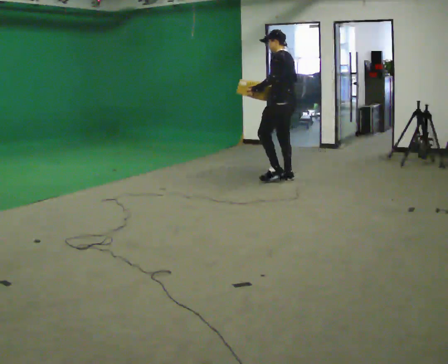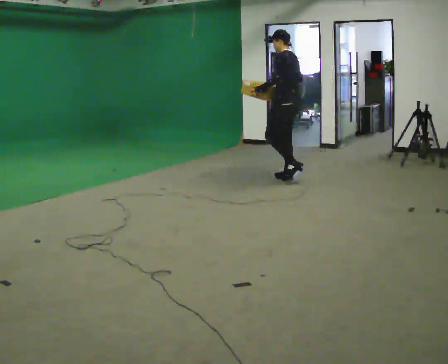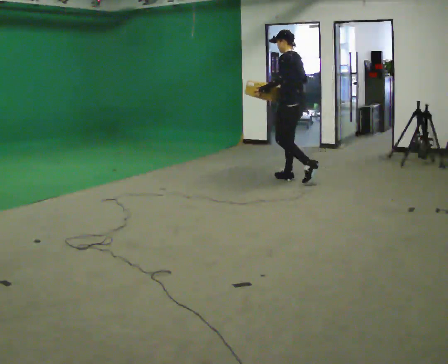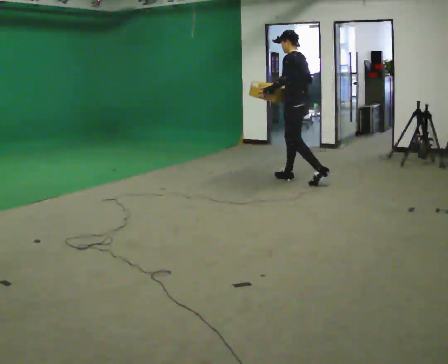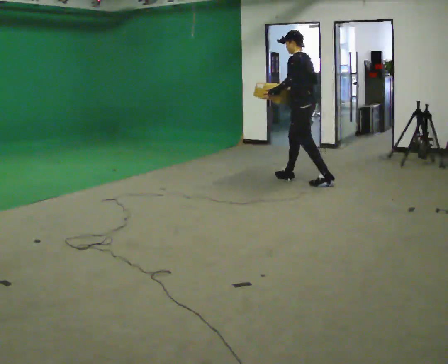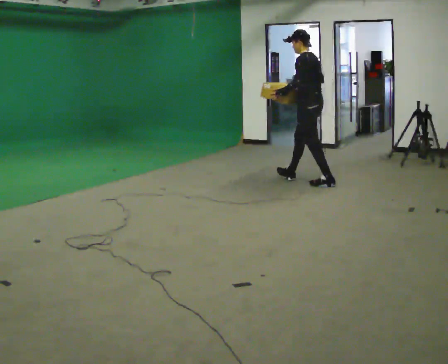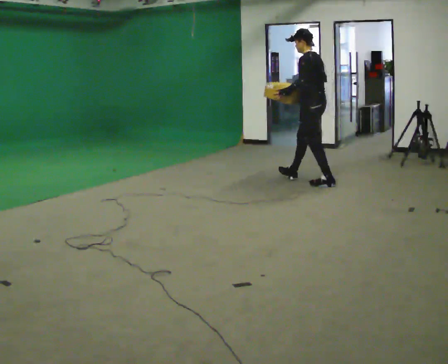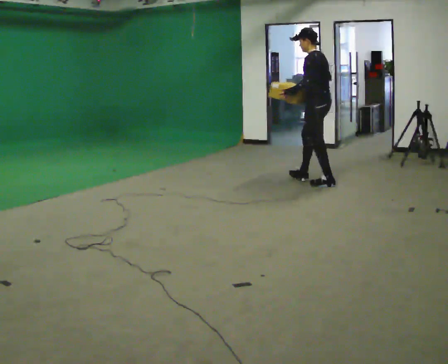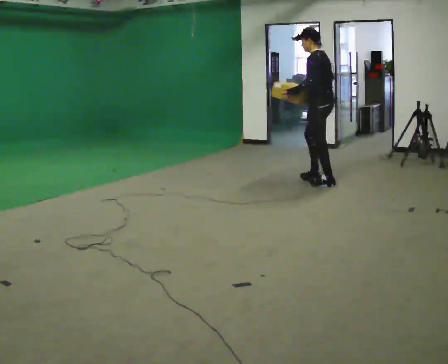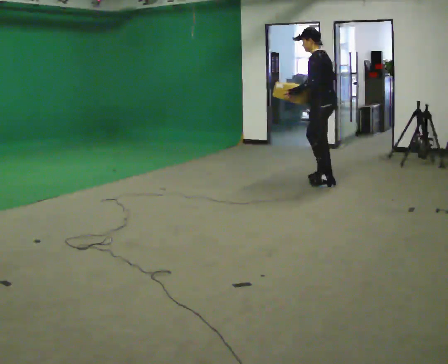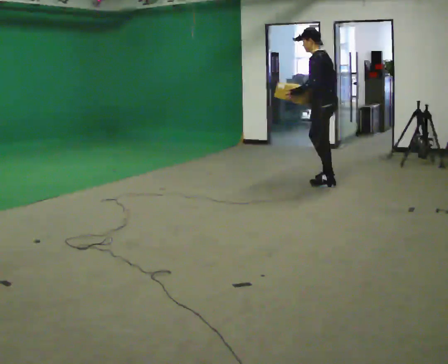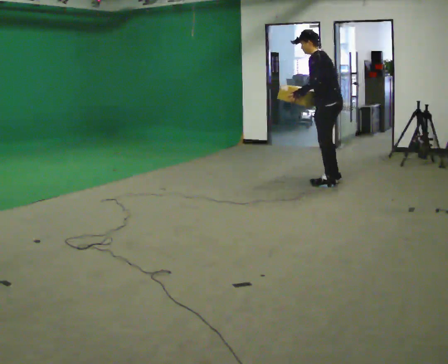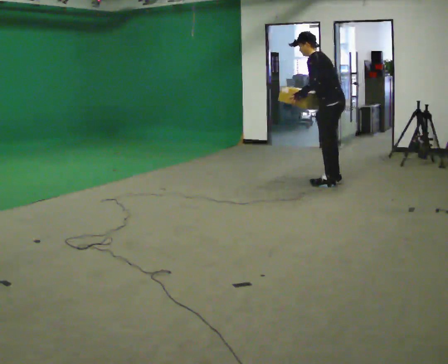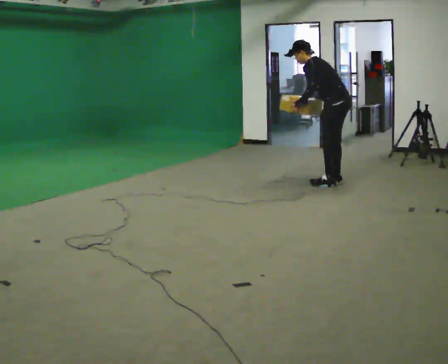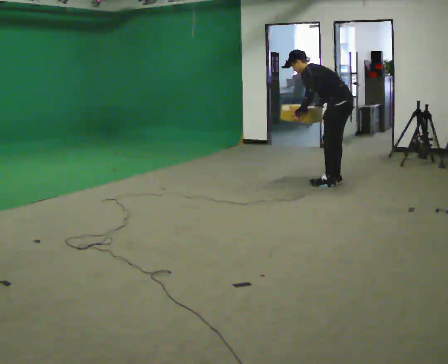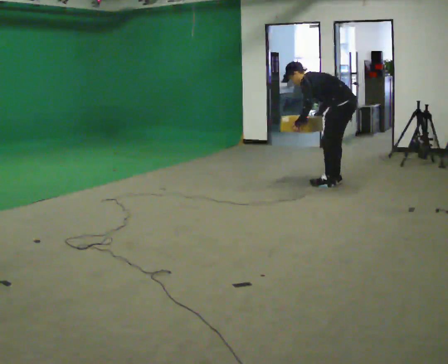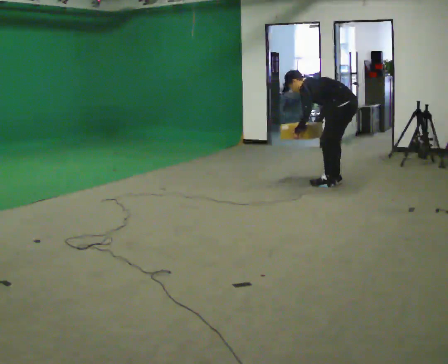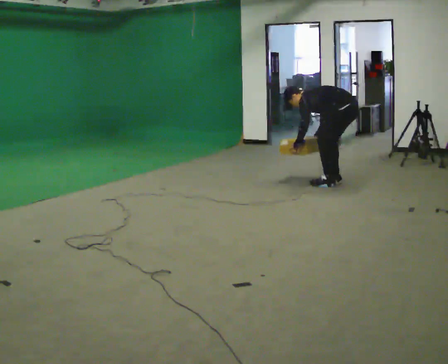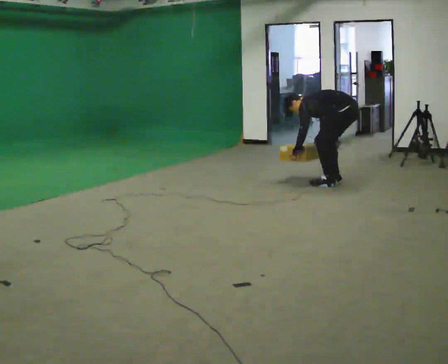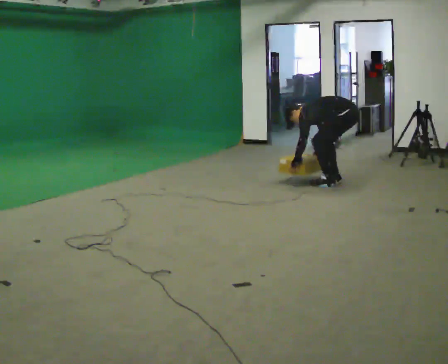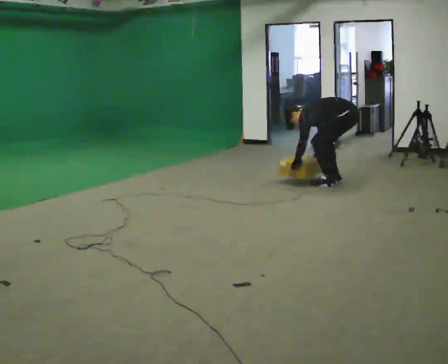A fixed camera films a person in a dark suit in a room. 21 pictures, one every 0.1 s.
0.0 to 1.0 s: In the picture they go to the right and toward the camera, about 0.5 m in 1 step, which for them is backward.
1.0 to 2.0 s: In the picture they go to the right, about 0.25 m, which for them is backward. The upper body goes downward. In the picture the upper body tilts counterclockwise, shoulders to the left, as they bend forward. In the picture their right hand goes downward.
The film runs backward here.
